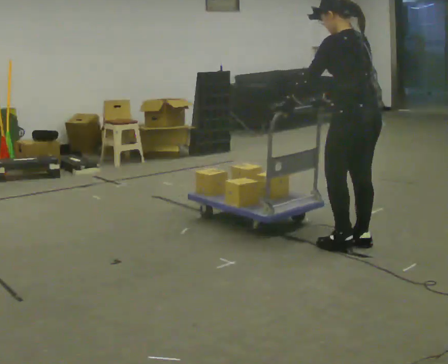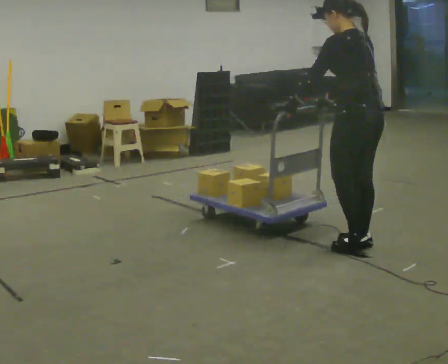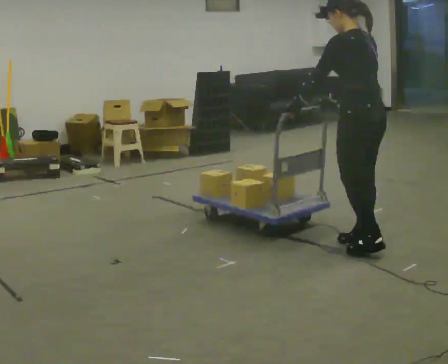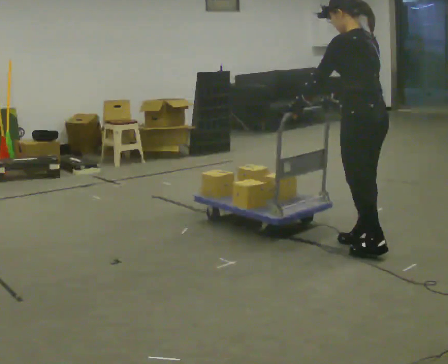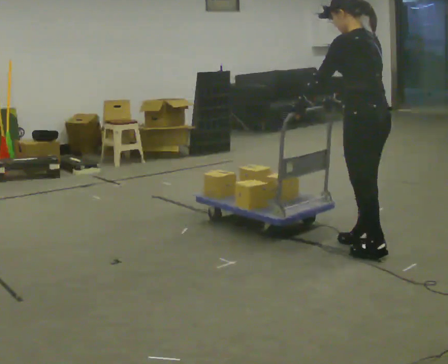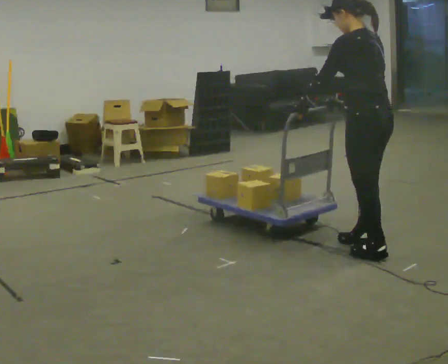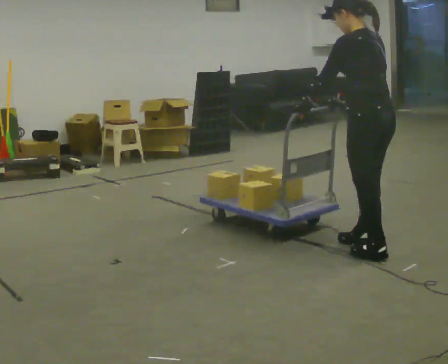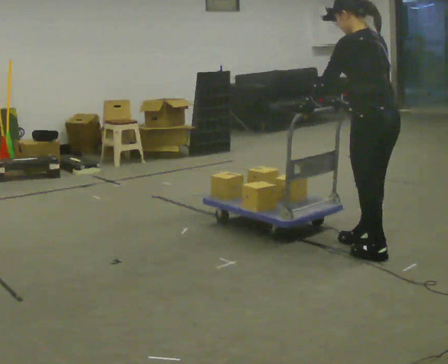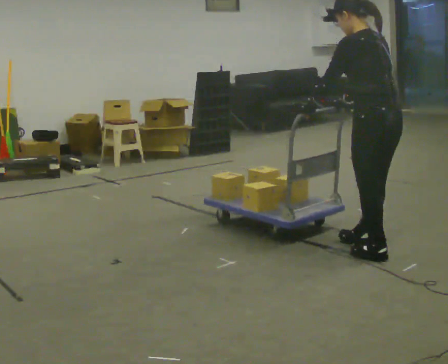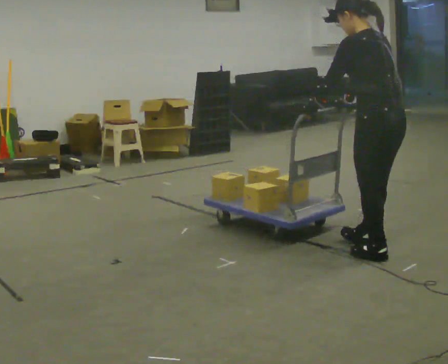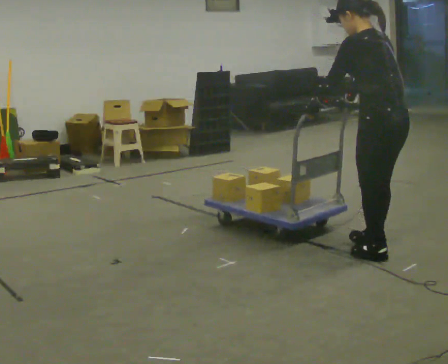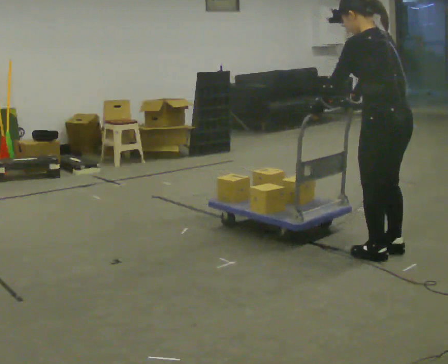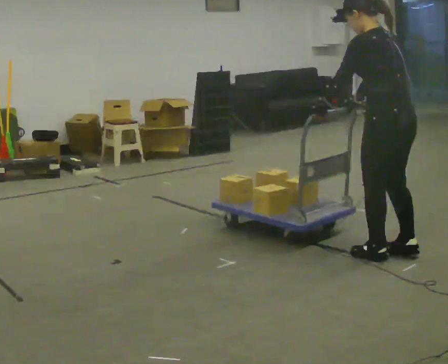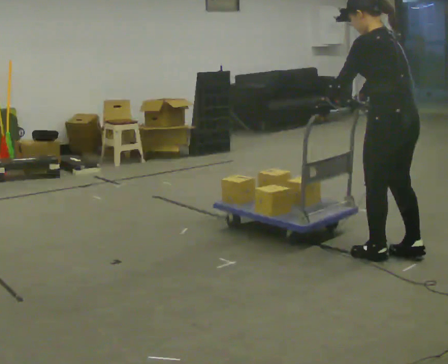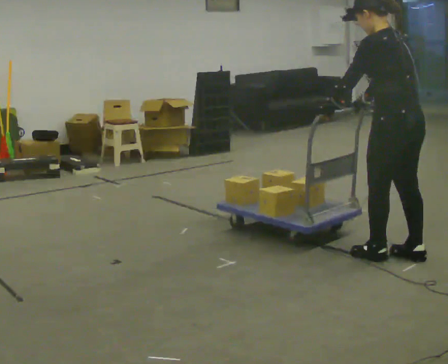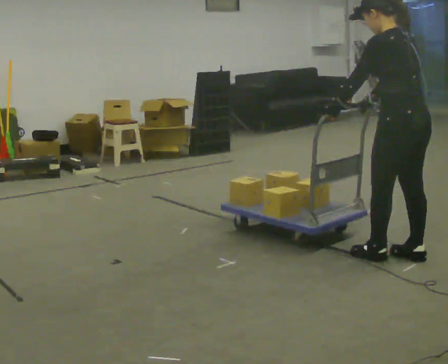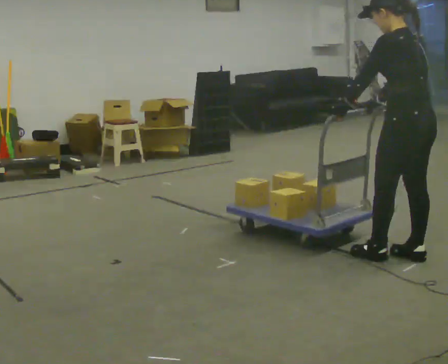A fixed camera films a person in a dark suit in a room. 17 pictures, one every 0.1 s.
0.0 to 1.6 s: In the picture they go toward the camera and to the right, about 0.5 m in 2 steps, which for them is backward.
The film runs forward here.
